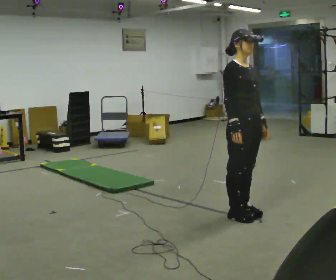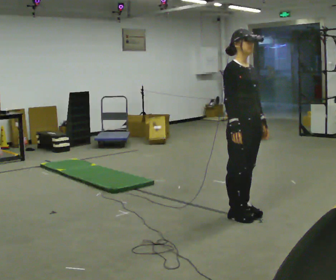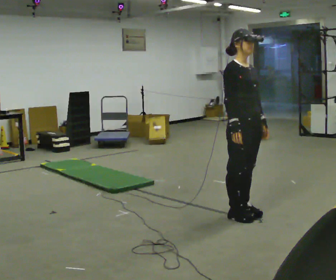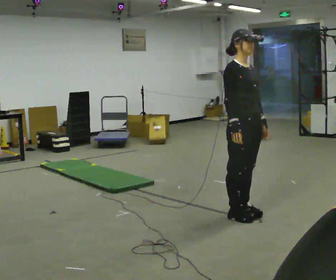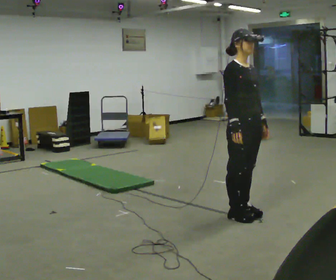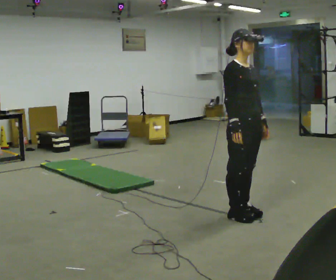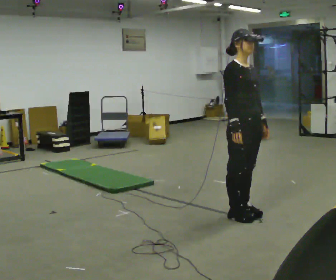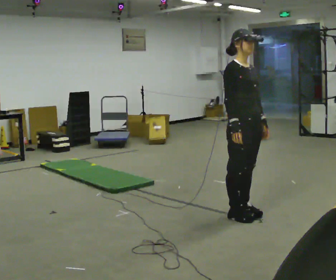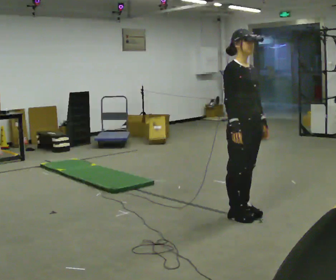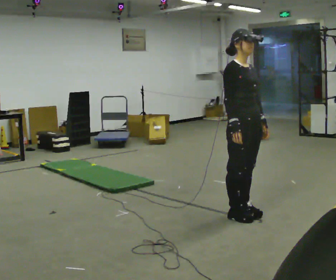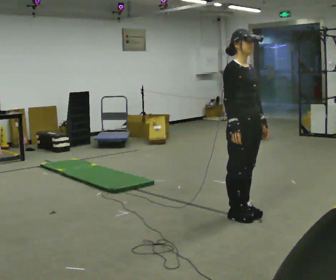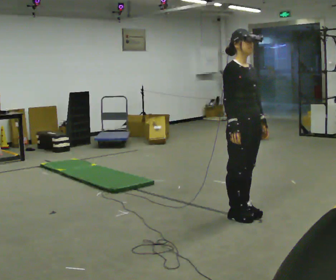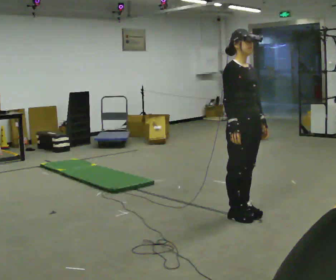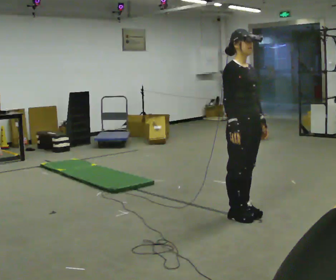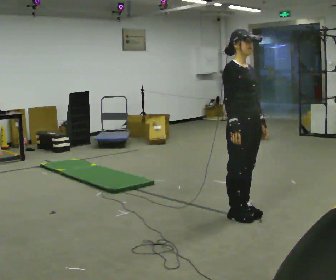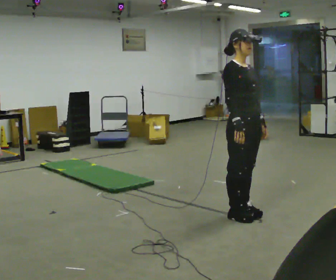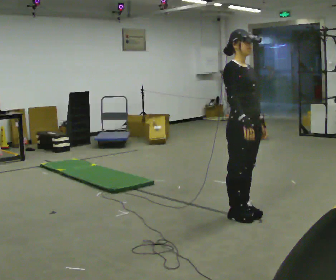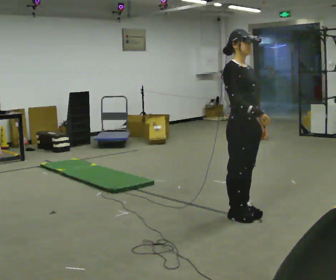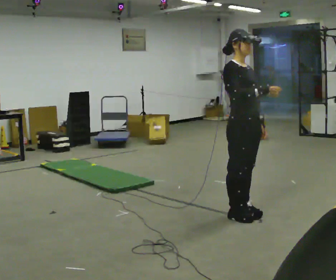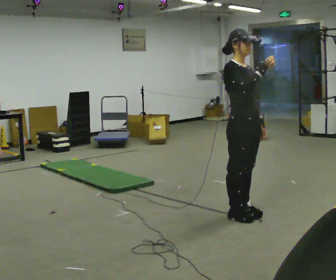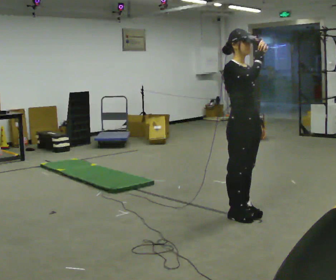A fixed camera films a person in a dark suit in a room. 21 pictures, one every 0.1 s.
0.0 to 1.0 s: The person keeps their place and pose.
1.0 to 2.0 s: In the picture their right hand goes upward.
The film runs backward here.
